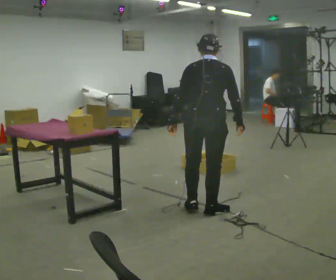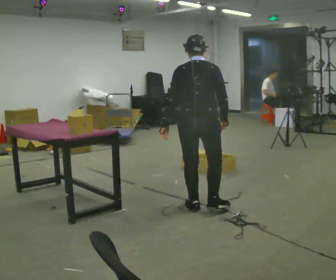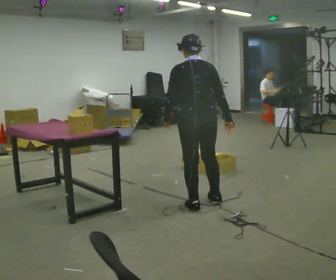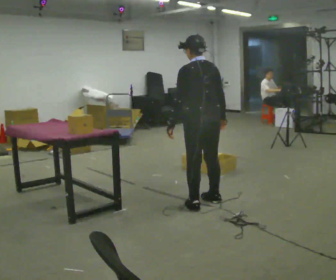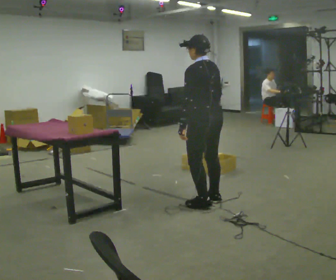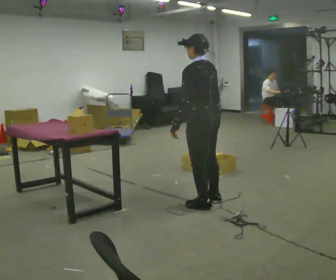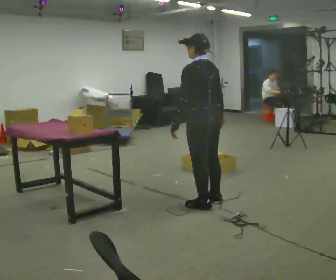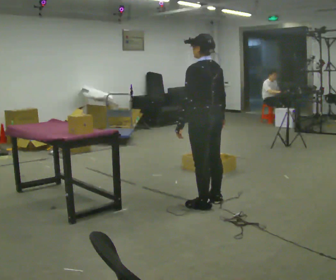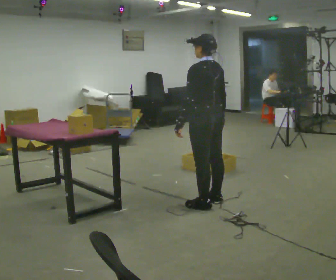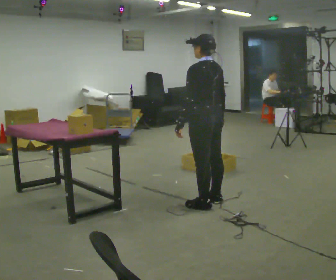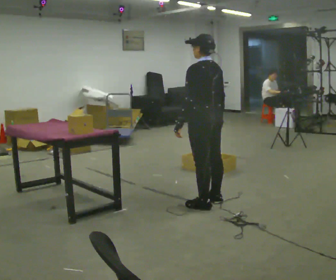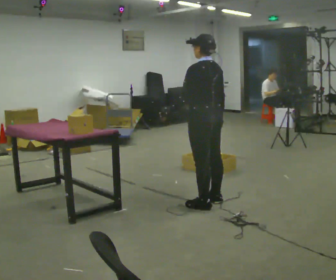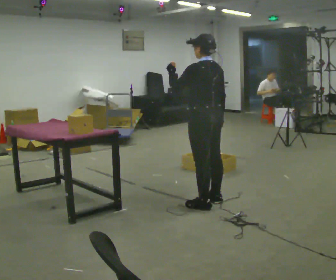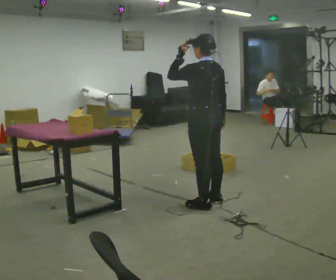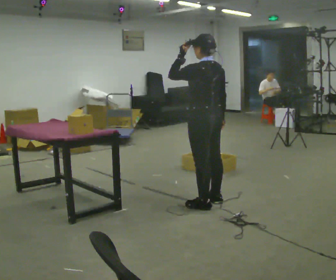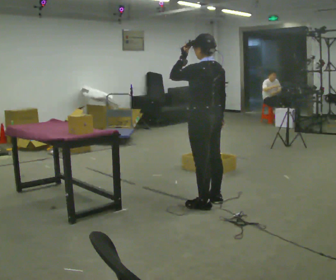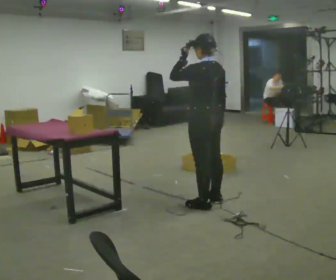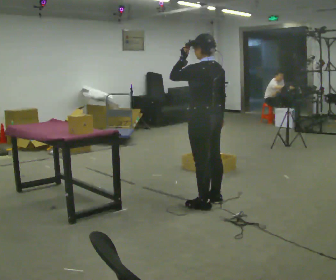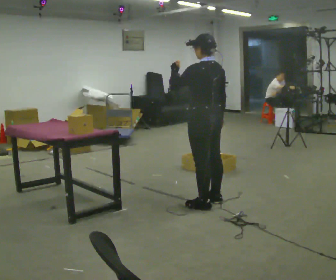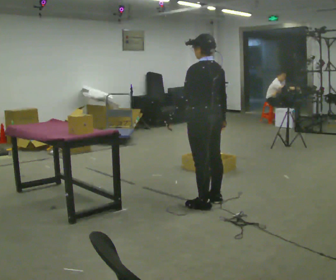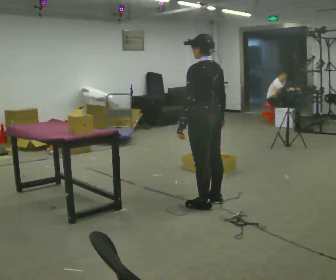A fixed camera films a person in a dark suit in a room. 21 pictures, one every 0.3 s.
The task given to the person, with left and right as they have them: Carry the object across the room and place it on the lowest shelf, crouching down to do it. Keep going until the operator says stop; one object at a time, and do not rush between trips.
0.0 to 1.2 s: Seen from above the body turns counterclockwise, about 60 degrees: to their left, with its near side sliding to the right. In the picture they go away from the camera, about 0.25 m in 2 steps, which for them is forward.
1.2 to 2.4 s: The person moves a little, or ends about where they began.
2.4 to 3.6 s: In the picture their left hand goes upward.
3.6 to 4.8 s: The person moves a little, or ends about where they began.
4.8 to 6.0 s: In the picture their left hand goes downward.
The film runs forward here.
